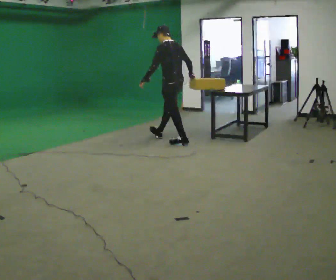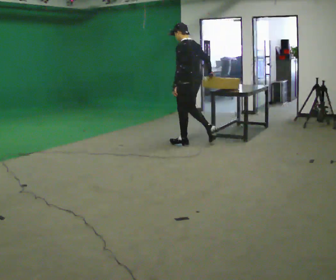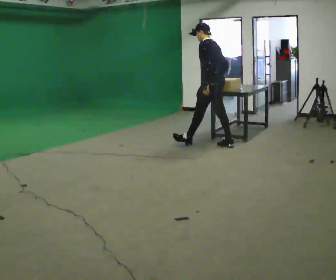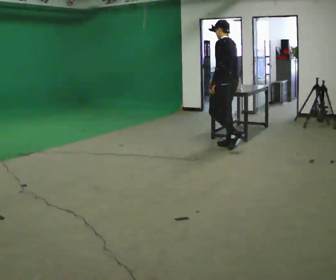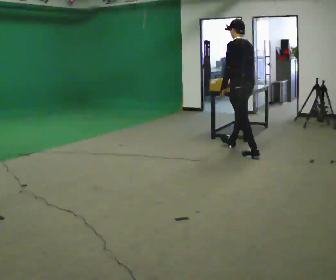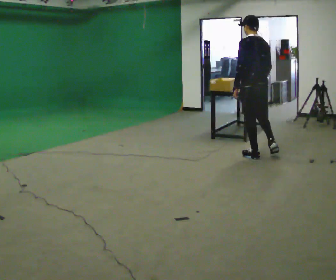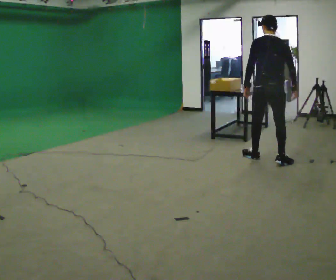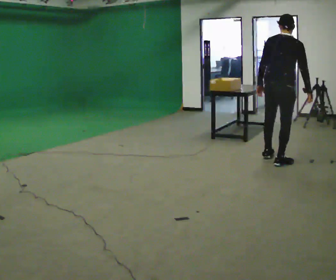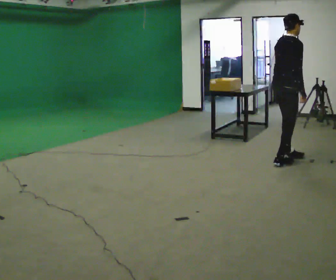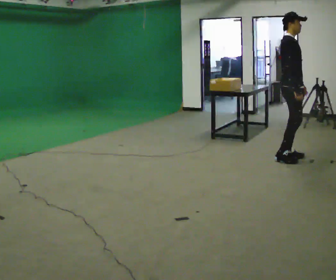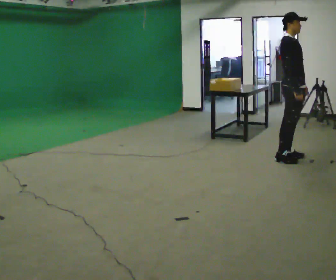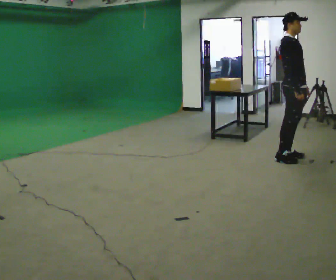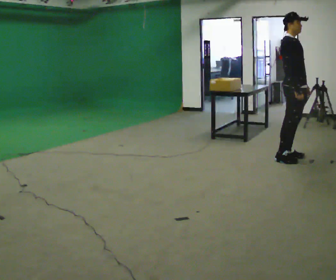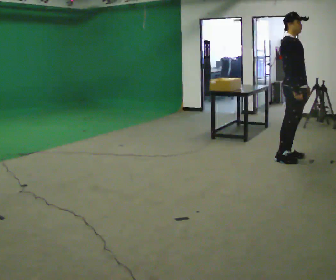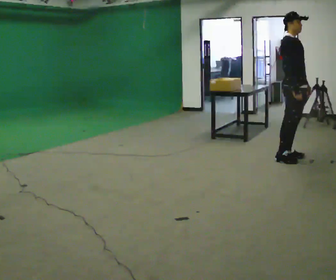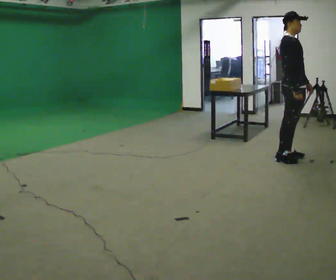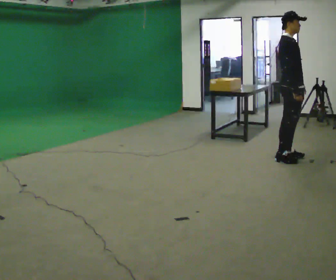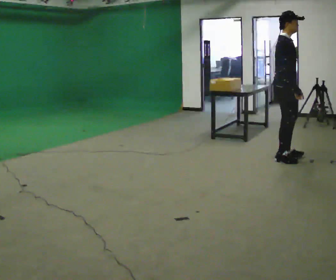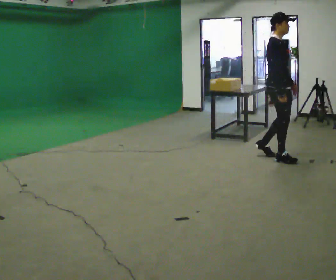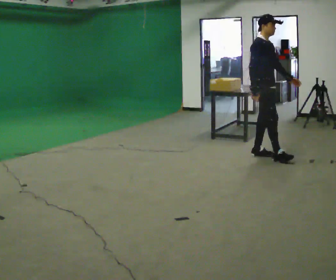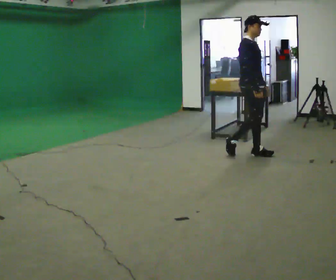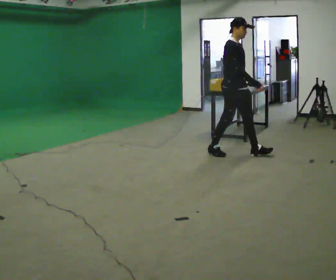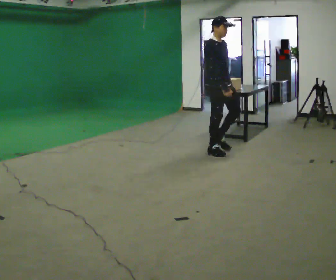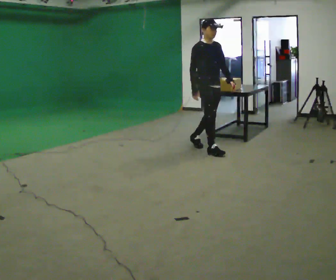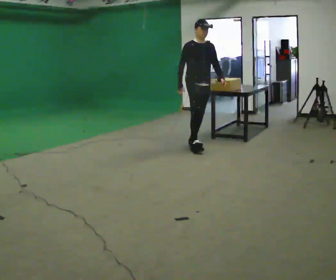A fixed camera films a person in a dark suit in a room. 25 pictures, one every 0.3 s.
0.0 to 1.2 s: In the picture they go to the right, about 1 m in 2 steps, which for them is backward.
1.2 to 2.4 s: The person turns about 120 degrees to their right, clockwise seen from above, so the part of the body nearest the lens slides to the left. In the picture they go to the right and toward the camera, about 0.75 m in 1 step.
2.4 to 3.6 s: The person turns about 45 degrees to their right, clockwise seen from above, so the part of the body nearest the lens slides to the left. In the picture the upper body tilts counterclockwise, shoulders to the left, as they lean back or straighten.
3.6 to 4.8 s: The person moves a little, or ends about where they began.
4.8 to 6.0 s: In the picture they go to the left, about 0.5 m in 2 steps, which for them is backward.
6.0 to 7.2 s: The part of the body nearest the lens slides to the left as the person turns to their right by about 30 degrees. In the picture they go to the left and away from the camera, about 1 m in 2 steps, which for them is backward.
The film runs backward here.
